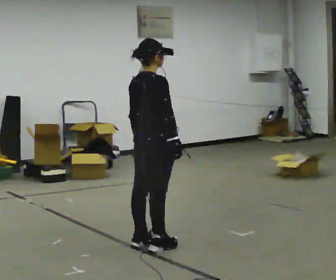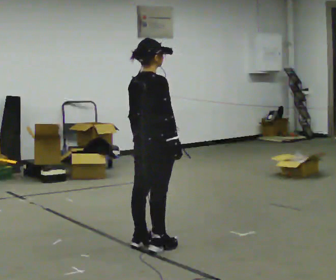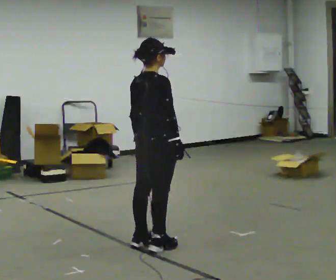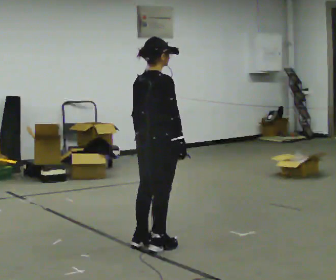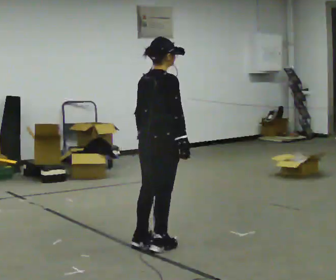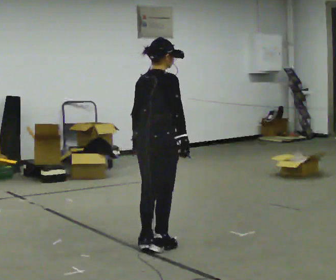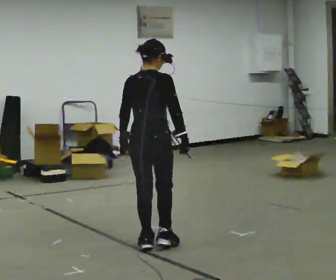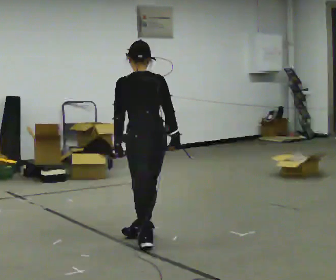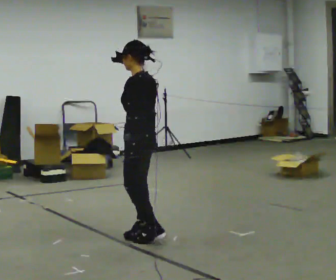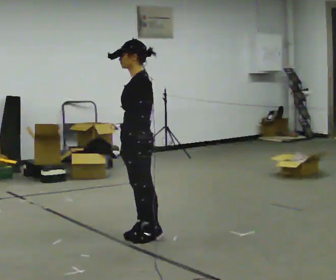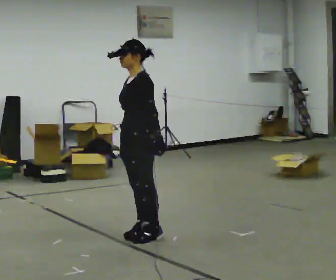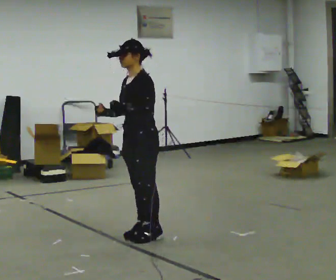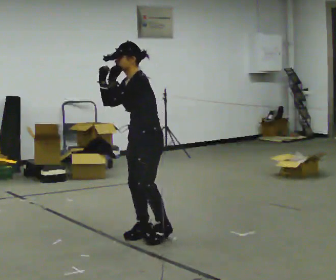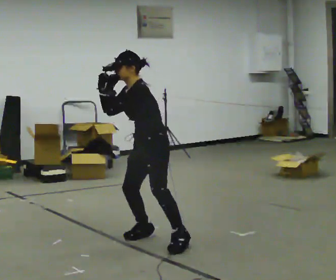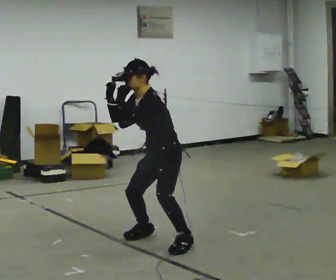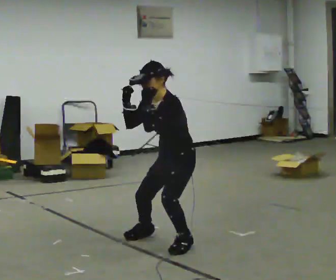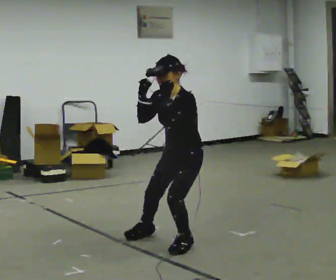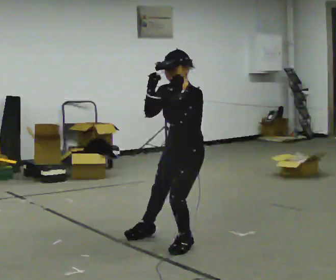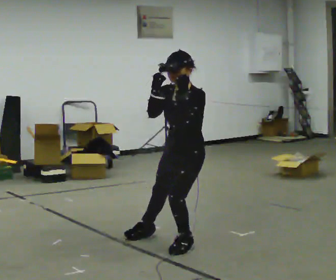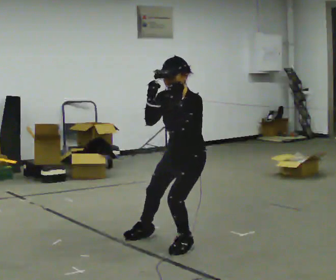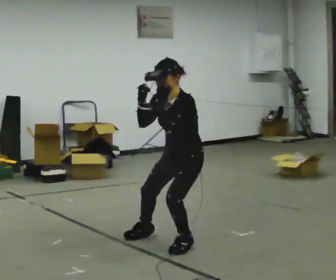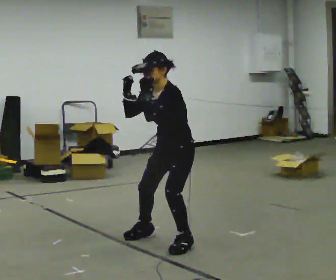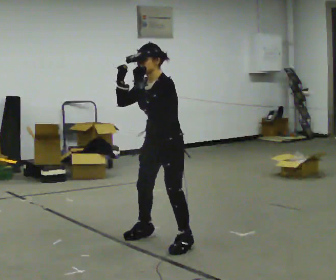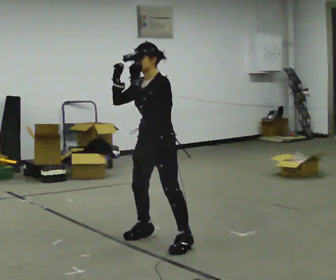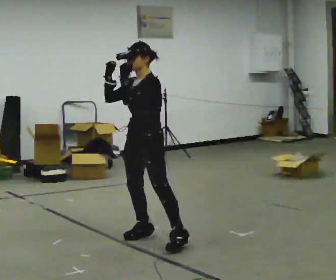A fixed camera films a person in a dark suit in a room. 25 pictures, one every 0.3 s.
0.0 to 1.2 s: The person moves a little, or ends about where they began.
1.2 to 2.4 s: The part of the body nearest the lens slides to the right as the person turns to their left by about 120 degrees. In the picture they go away from the camera, about 0.25 m in 2 steps.
2.4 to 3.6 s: The part of the body nearest the lens slides to the right as the person turns to their left by about 30 degrees. In the picture their right hand goes upward and to the left.
3.6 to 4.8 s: In the picture they go to the right and toward the camera, about 0.25 m, which for them is to their left and backward. The upper body tips toward the camera, its near side rolling downward.
4.8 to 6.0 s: The person moves a little, or ends about where they began.
6.0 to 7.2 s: In the picture they go to the left and away from the camera, about 0.25 m, which for them is to their right. The upper body tips away from the camera, its near side rolling upward, as they lean back or straighten.
The film runs backward here.
